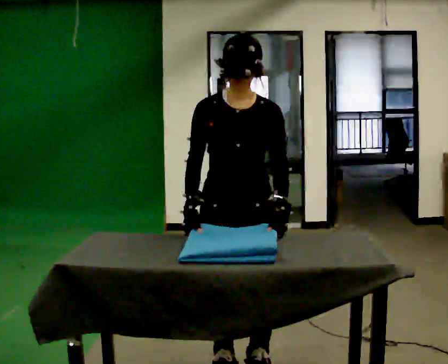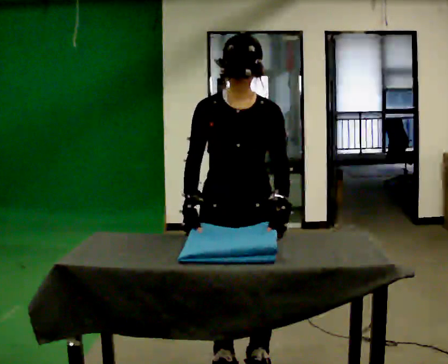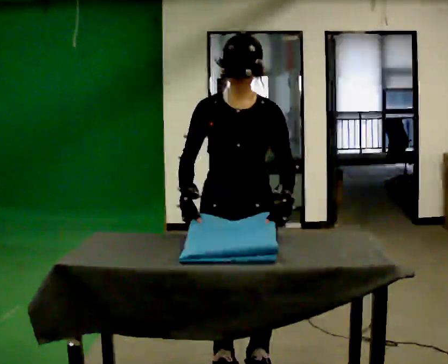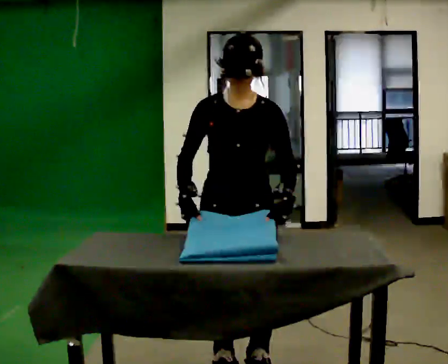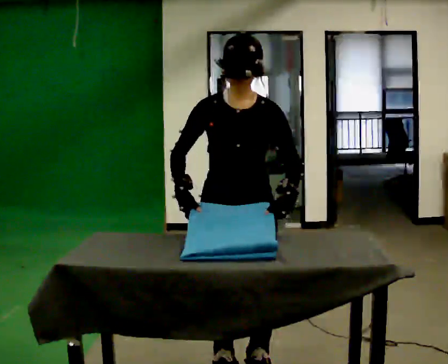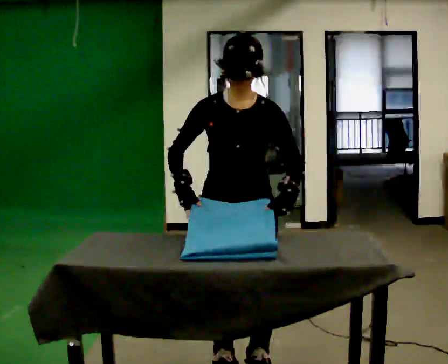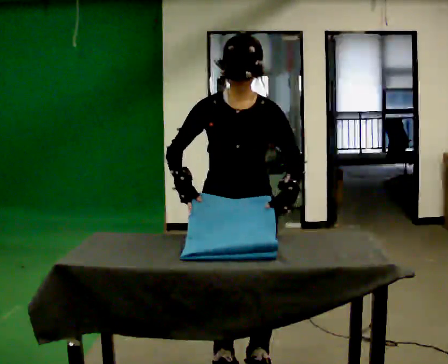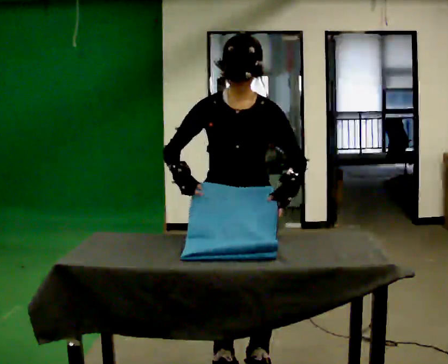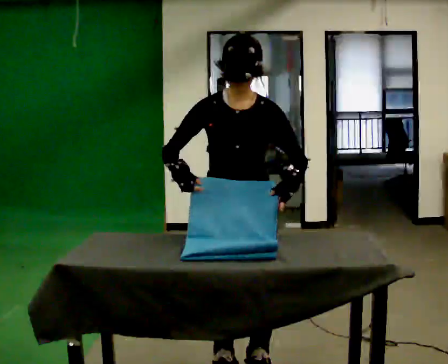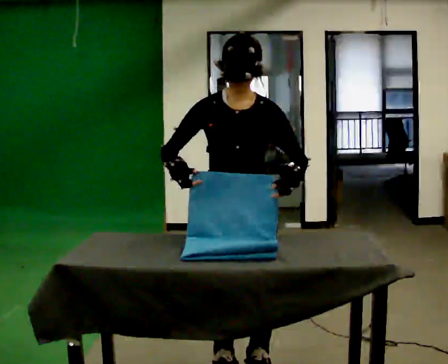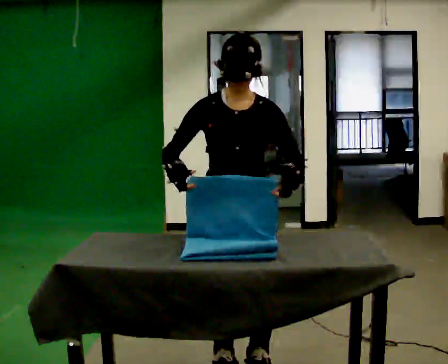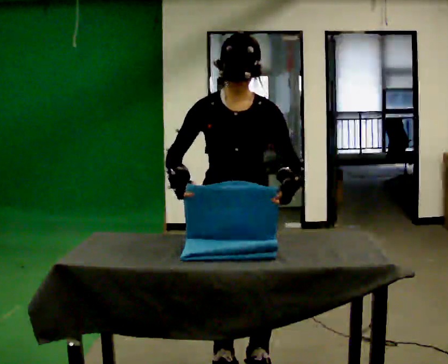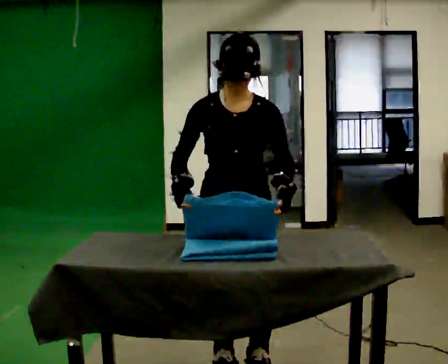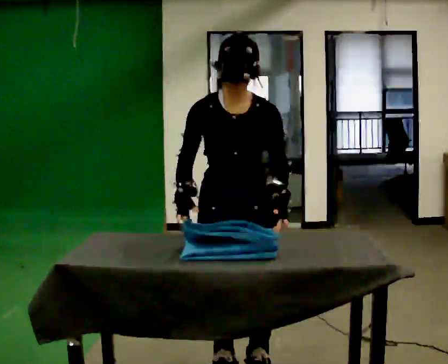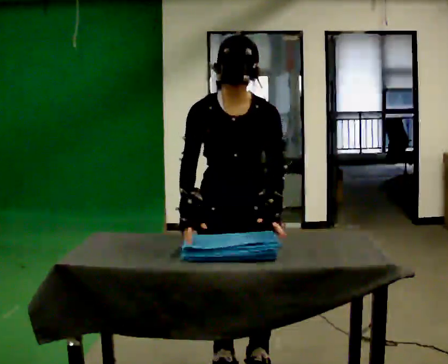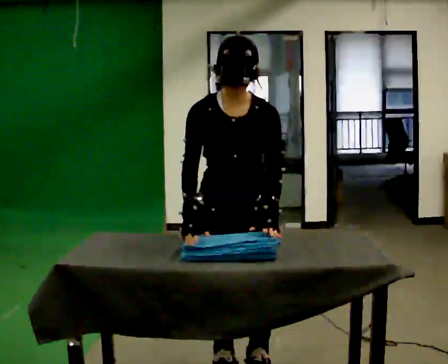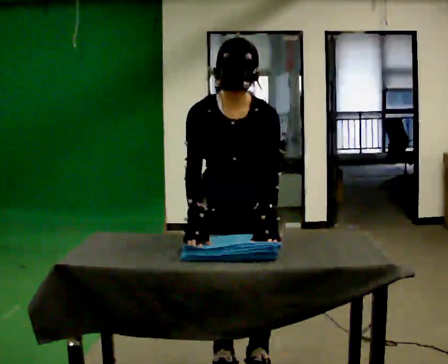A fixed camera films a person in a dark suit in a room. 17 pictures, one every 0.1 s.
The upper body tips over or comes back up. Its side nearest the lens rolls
downward.
0.0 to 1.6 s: The upper body tips toward the camera, its near side rolling downward, as they bend forward.
The film runs forward here.
